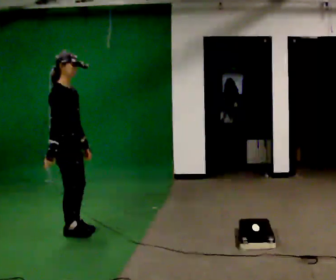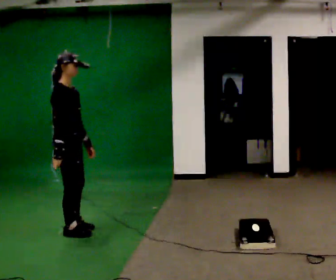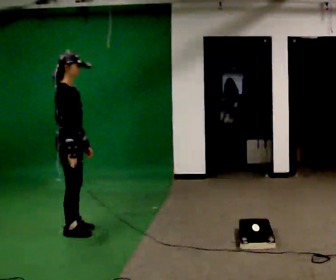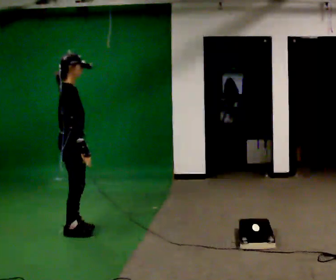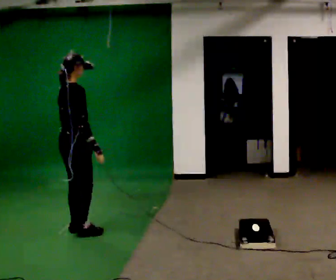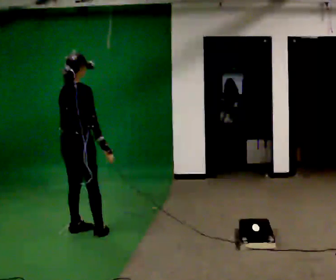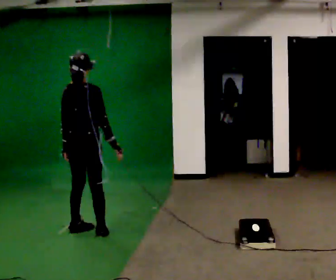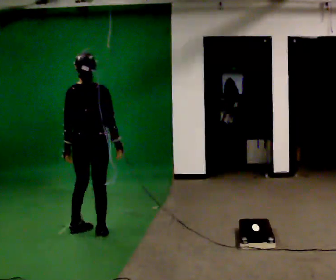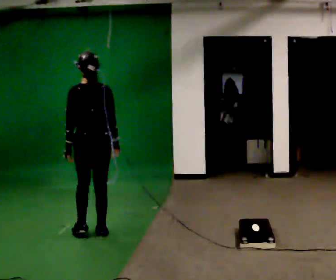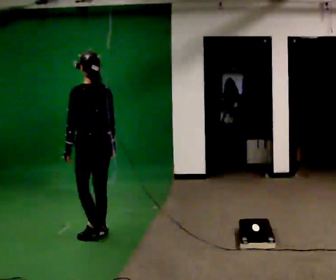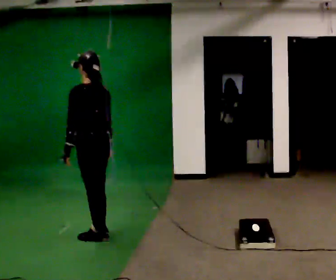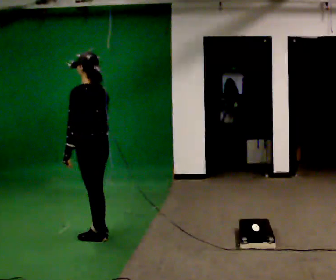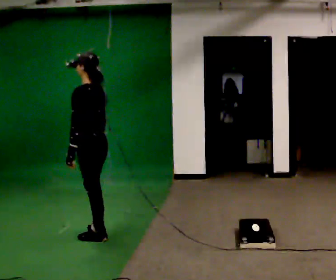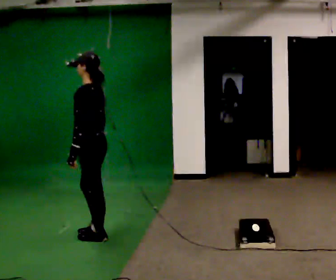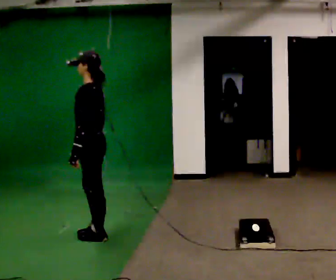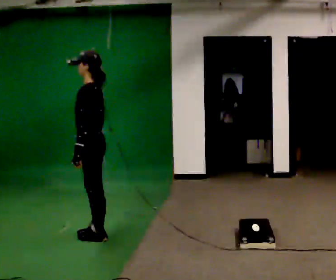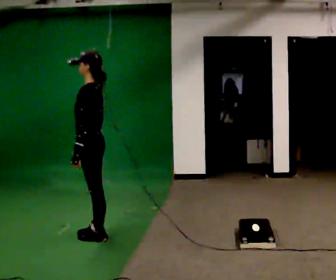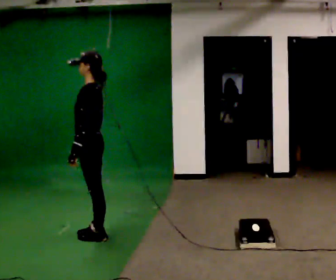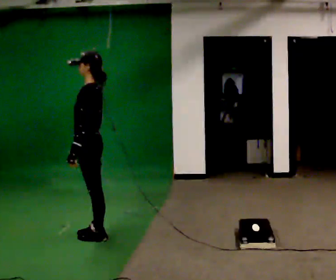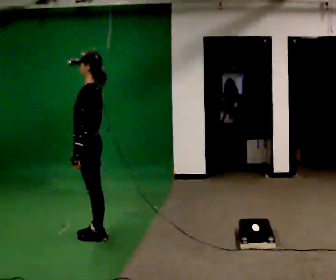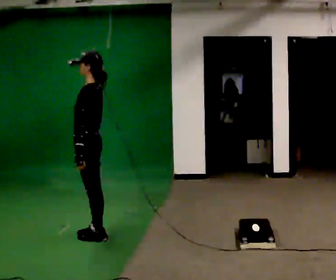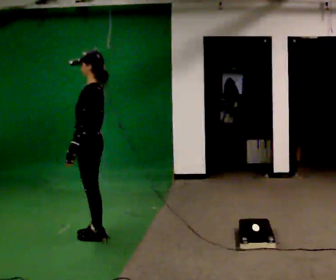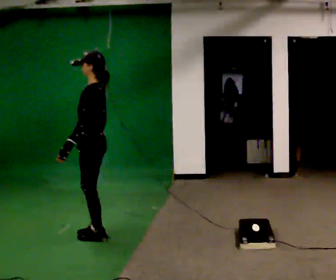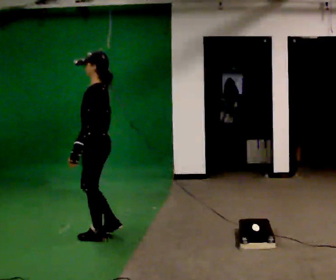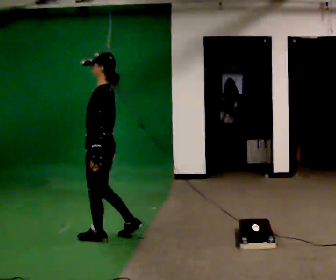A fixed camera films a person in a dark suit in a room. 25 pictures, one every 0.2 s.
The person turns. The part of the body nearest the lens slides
to the right.
The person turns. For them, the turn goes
to their left.
0.0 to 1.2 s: The part of the body nearest the lens slides to the right as the person turns to their left by about 75 degrees. In the picture they go to the right, about 0.25 m in 1 step. In the picture their right hand goes to the right.
1.2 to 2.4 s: The part of the body nearest the lens slides to the right as the person turns to their left by about 90 degrees. In the picture they go toward the camera, about 0.25 m in 1 step.
2.4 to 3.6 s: The person turns about 30 degrees to their left, counterclockwise seen from above, so the part of the body nearest the lens slides to the right.
3.6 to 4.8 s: The person moves a little, or ends about where they began.
The film runs backward here.
